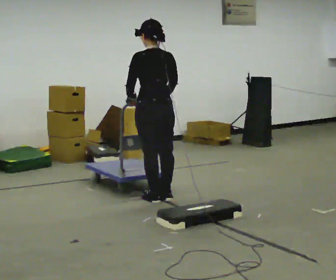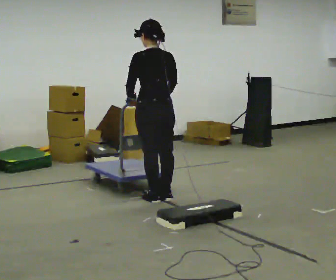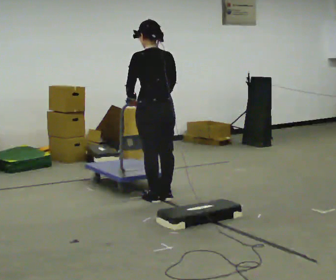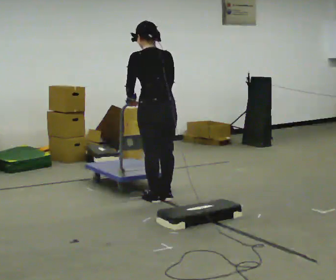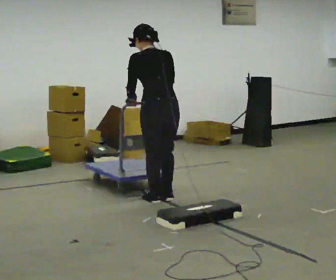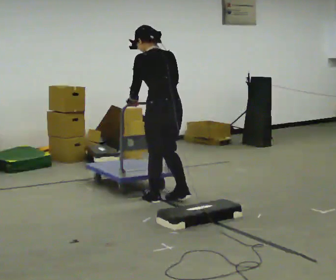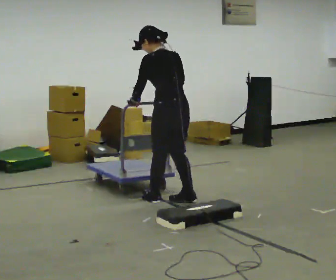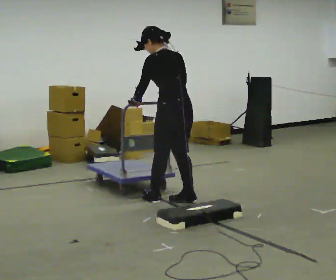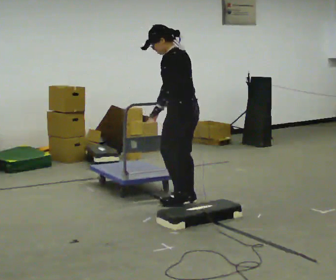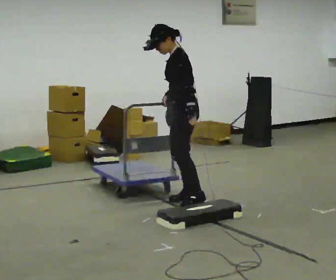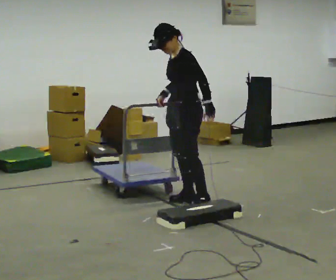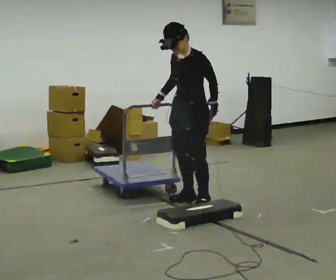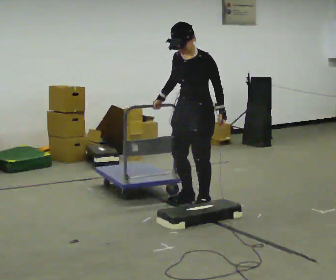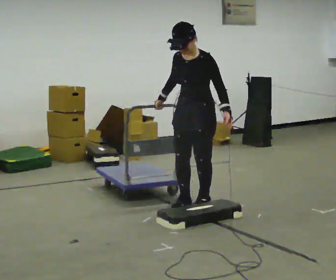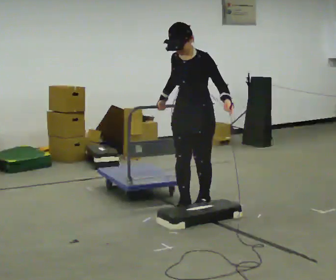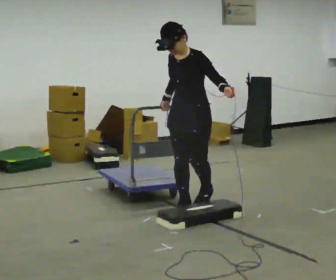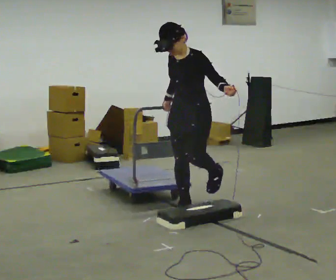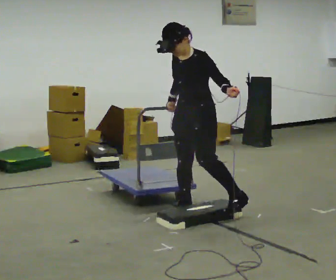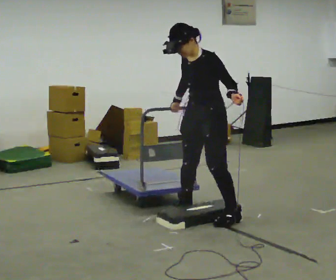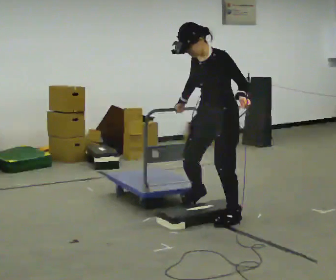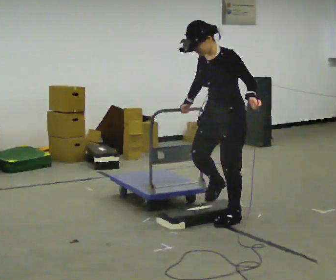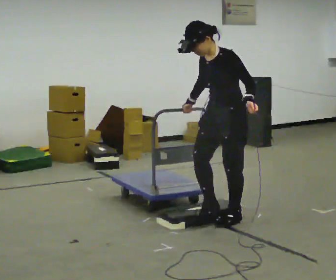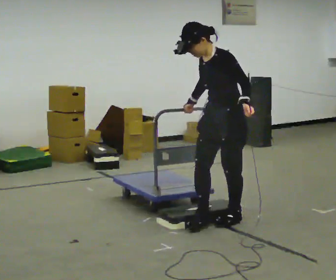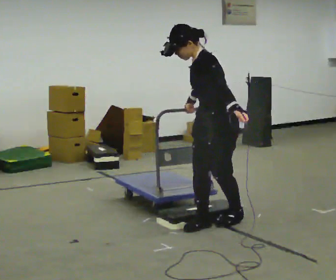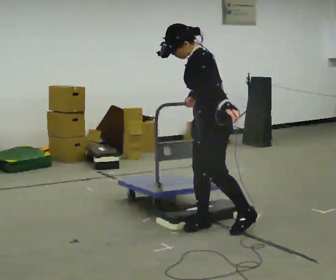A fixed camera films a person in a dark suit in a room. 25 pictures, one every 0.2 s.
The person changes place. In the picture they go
toward the camera.
0.0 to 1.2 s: In the picture they go to the right, about 0.25 m in 1 step, which for them is backward.
1.2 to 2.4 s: Seen from above the body turns counterclockwise, about 90 degrees: to their left, with its near side sliding to the right. In the picture they go to the right, about 0.25 m in 1 step. The upper body tips toward the camera, its near side rolling downward. In the picture their left hand goes to the right, the arm swinging counterclockwise.
2.4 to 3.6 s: In the picture they go toward the camera, about 0.5 m in 2 steps, which for them is to their left and forward.
3.6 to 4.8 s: The person turns about 45 degrees to their right, clockwise seen from above, so the part of the body nearest the lens slides to the left. In the picture they go toward the camera, about 0.25 m in 1 step, which for them is to their left and forward.
The film runs forward here.
